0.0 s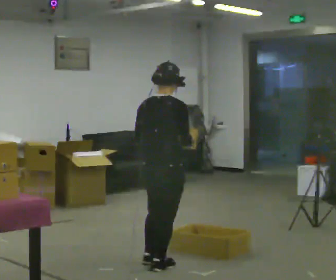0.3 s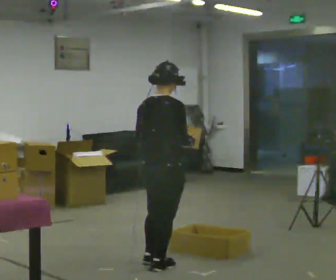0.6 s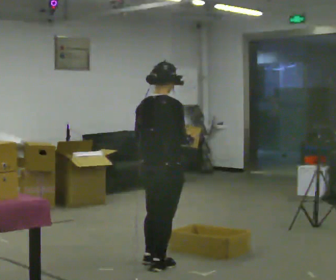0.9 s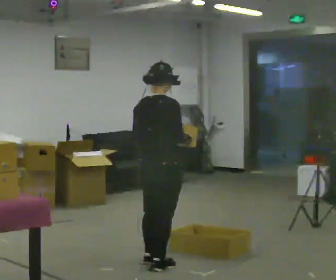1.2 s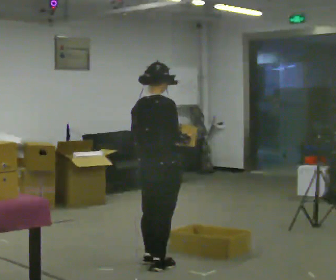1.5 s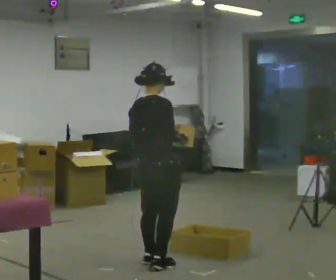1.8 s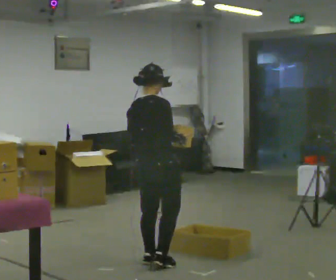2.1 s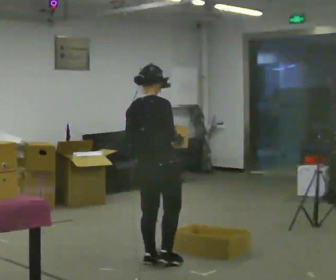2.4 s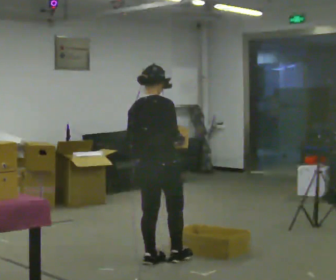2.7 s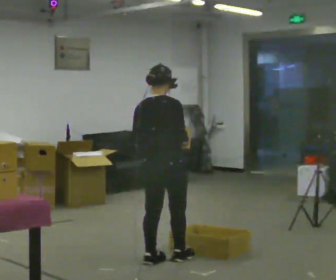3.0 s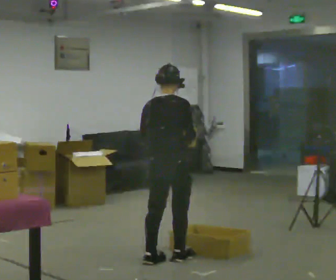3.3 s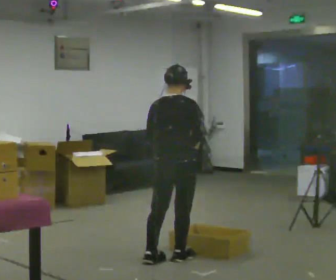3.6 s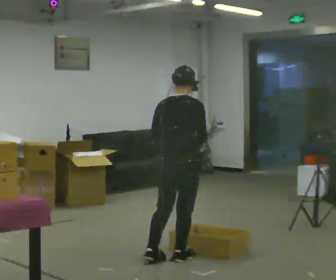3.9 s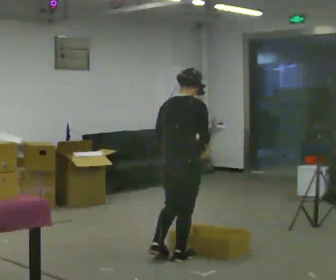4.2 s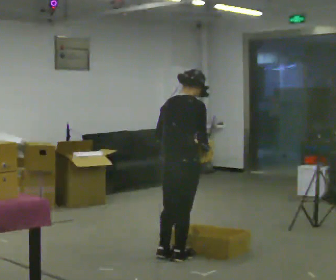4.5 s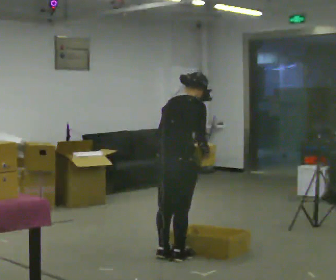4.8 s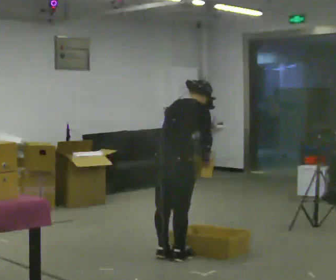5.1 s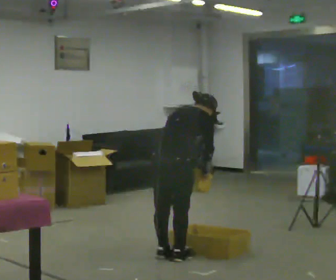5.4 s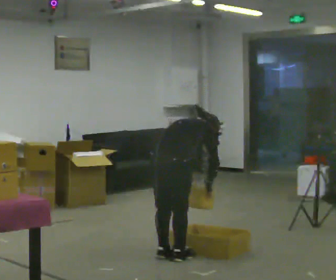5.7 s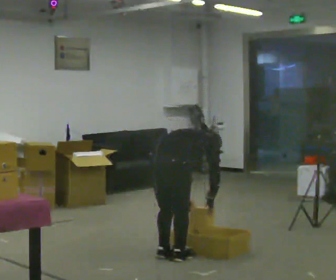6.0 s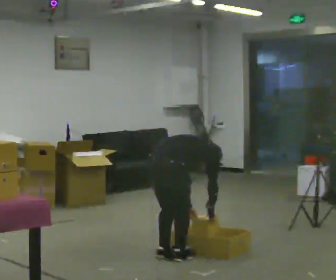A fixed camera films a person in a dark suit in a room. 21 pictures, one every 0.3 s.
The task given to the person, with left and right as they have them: Carry each object across the room and drop it into the container on the floor, then walk back for the next one. Keep going until the operator says stop; one object at a time, and do not rush between trips.
0.0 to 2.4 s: In the picture they go away from the camera, about 0.25 m, which for them is to their left.
2.4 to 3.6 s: In the picture they go to the right, about 0.25 m in 1 step, which for them is to their right and forward.
3.6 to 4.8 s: In the picture the upper body tilts clockwise, shoulders to the right, as they bend forward.
4.8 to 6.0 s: The upper body goes downward. In the picture the upper body tilts clockwise, shoulders to the right, as they bend forward. In the picture their right hand goes downward.
The film runs forward here.
